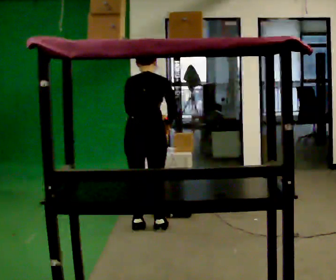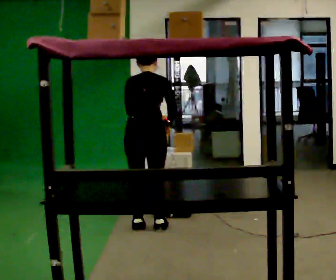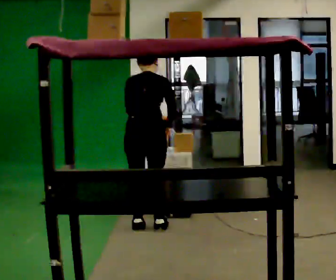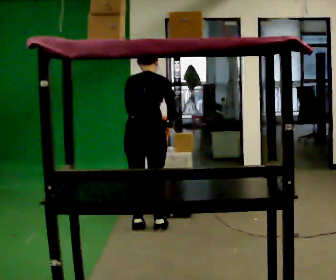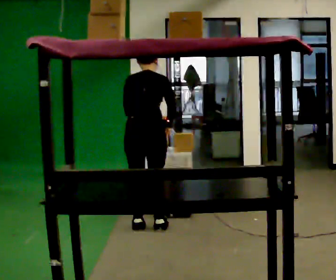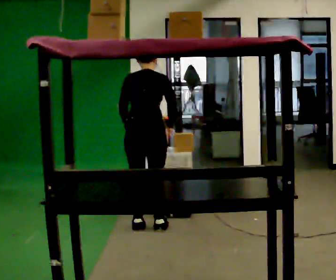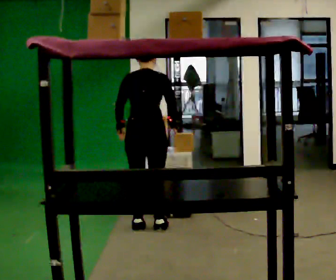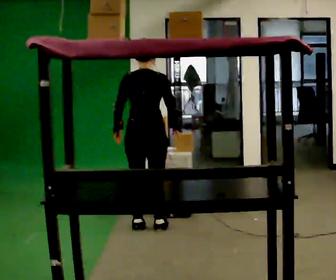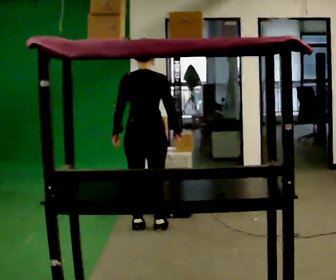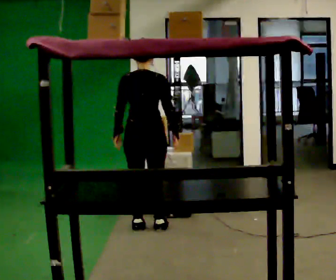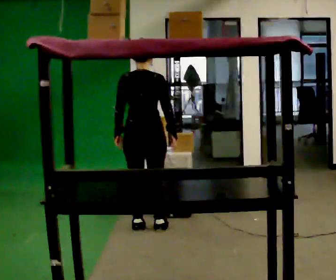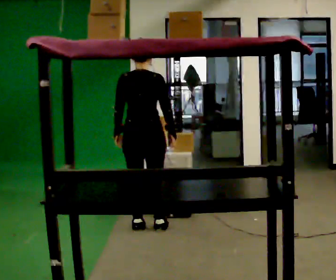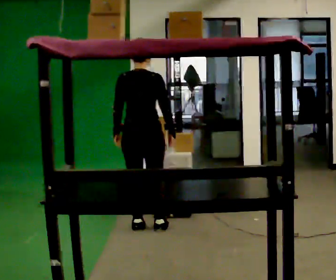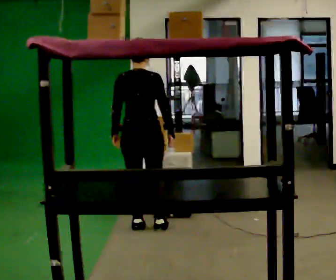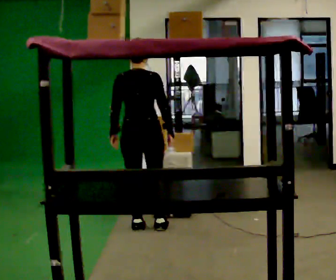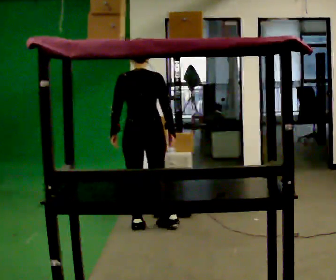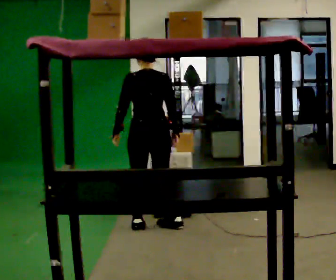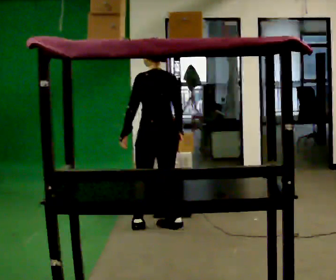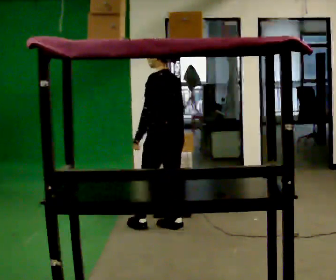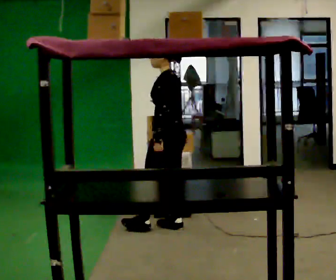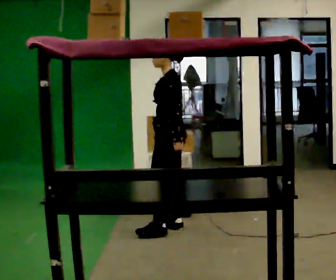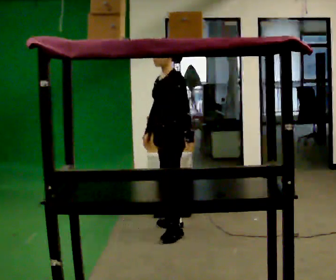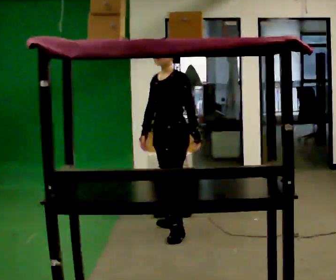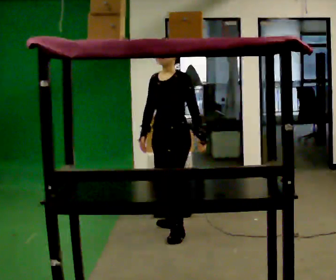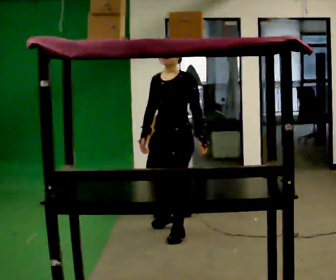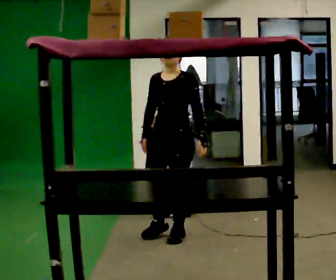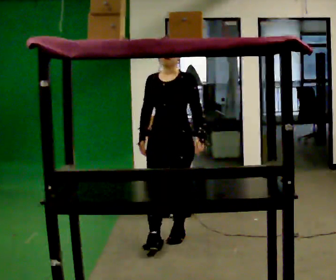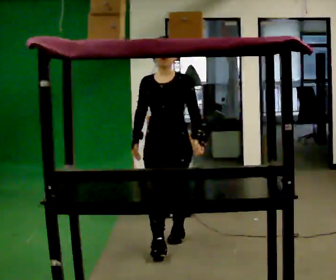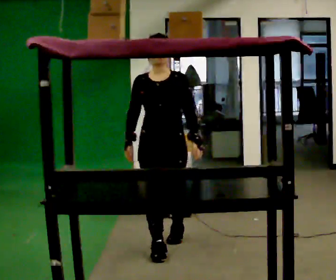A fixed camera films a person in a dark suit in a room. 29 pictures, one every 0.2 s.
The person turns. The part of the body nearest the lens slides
to the right.
The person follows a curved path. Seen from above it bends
clockwise.
0.0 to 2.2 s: The upper body tips toward the camera, its near side rolling downward, as they lean back or straighten.
2.2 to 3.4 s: The person turns about 30 degrees to their left, counterclockwise seen from above, so the part of the body nearest the lens slides to the right.
3.4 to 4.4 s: The part of the body nearest the lens slides to the right as the person turns to their left by about 90 degrees. In the picture their left hand goes to the right, the arm swinging counterclockwise.
4.4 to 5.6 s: Seen from above the body turns counterclockwise, about 60 degrees: to their left, with its near side sliding to the right. In the picture they go toward the camera, about 0.5 m in 1 step.
The film runs forward here.
